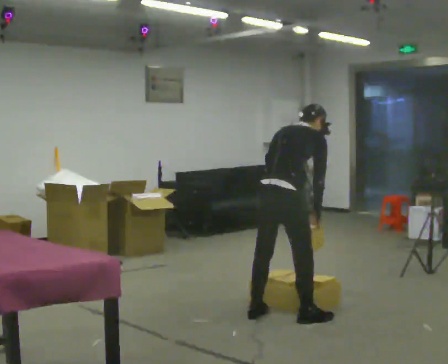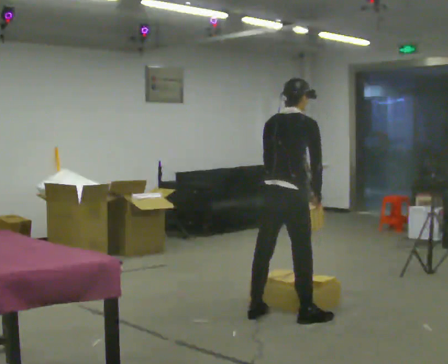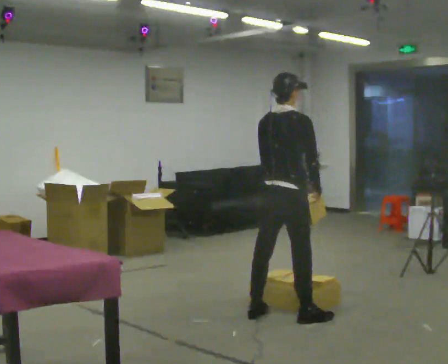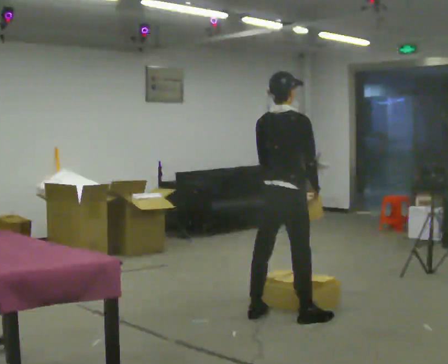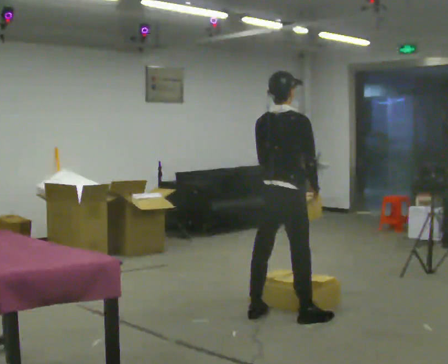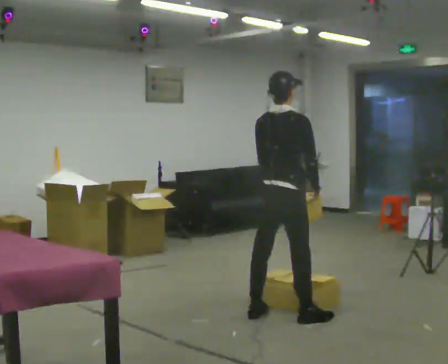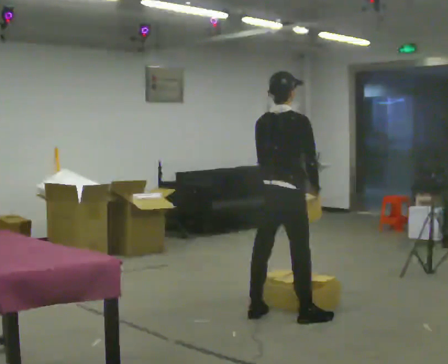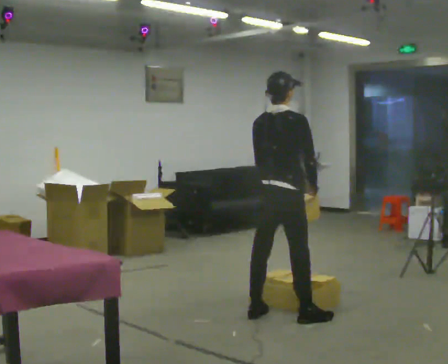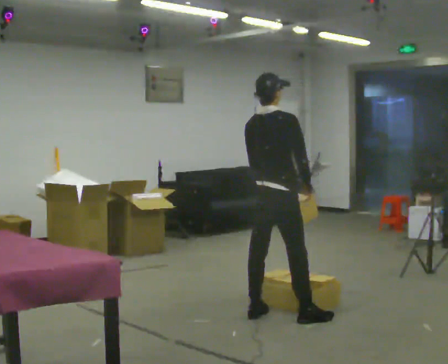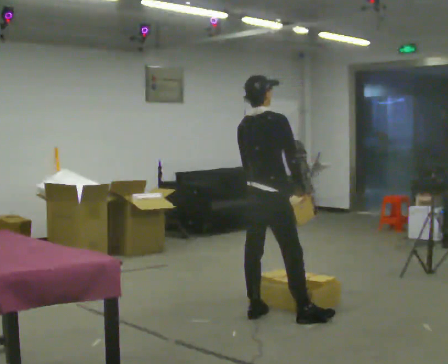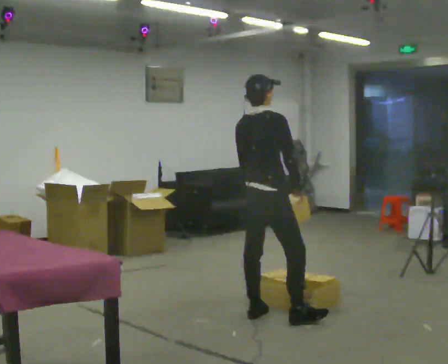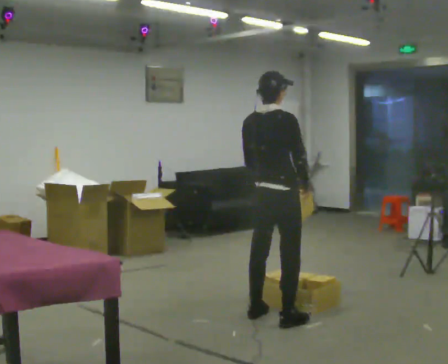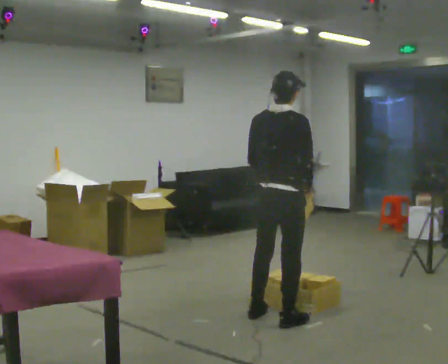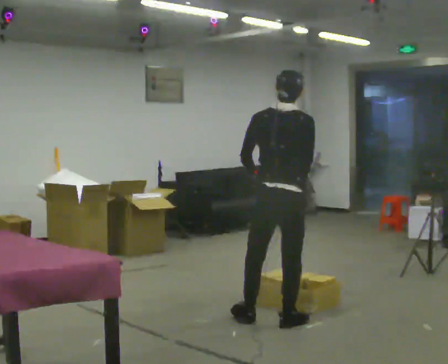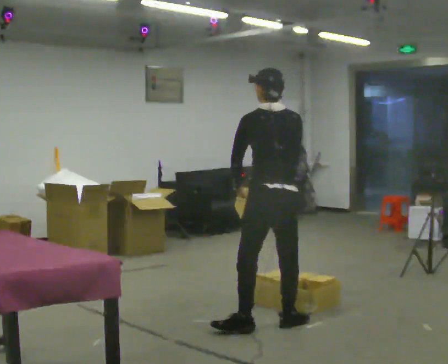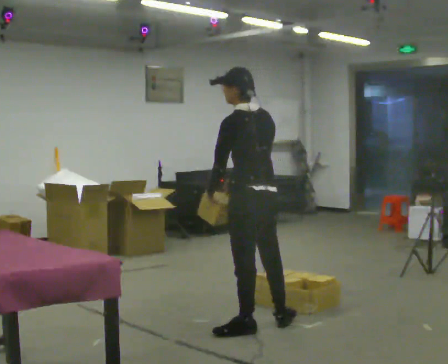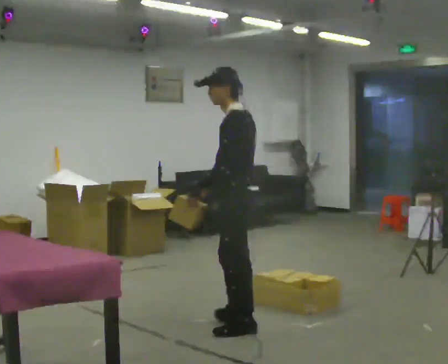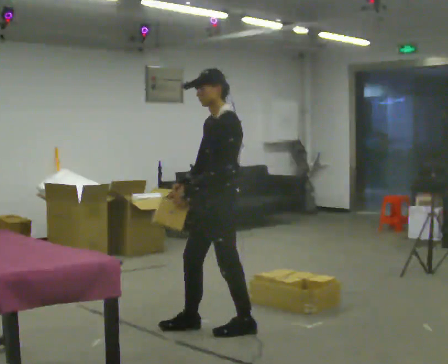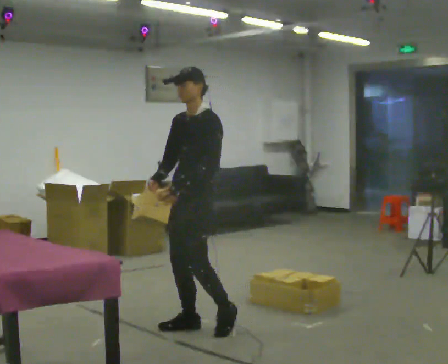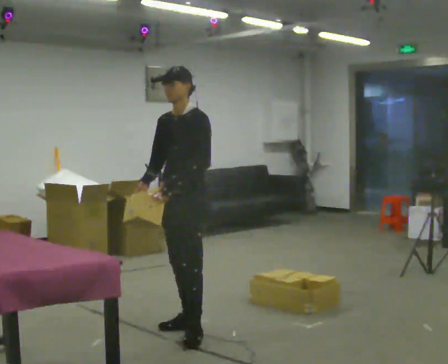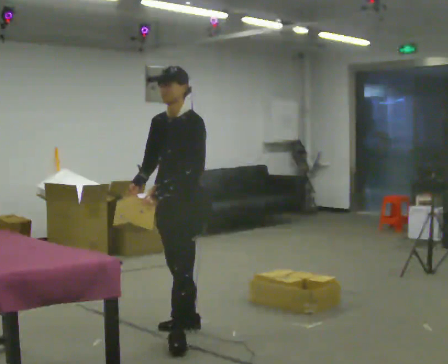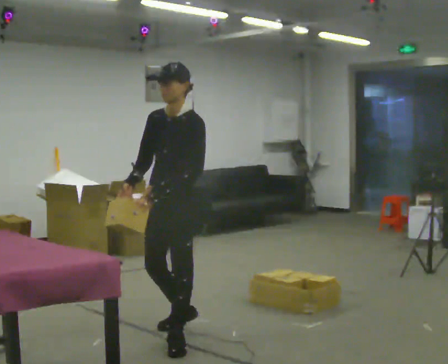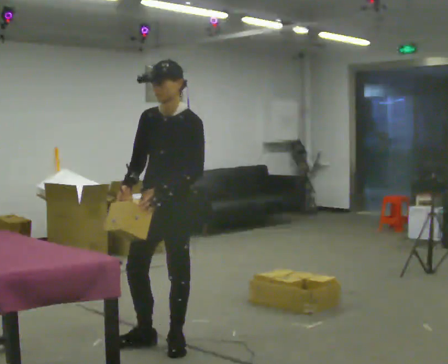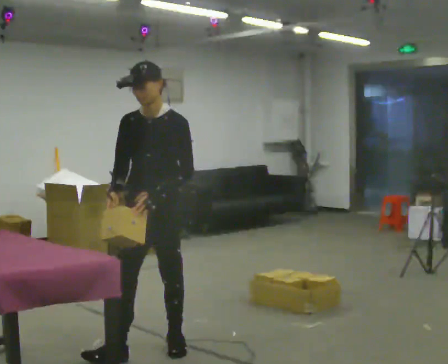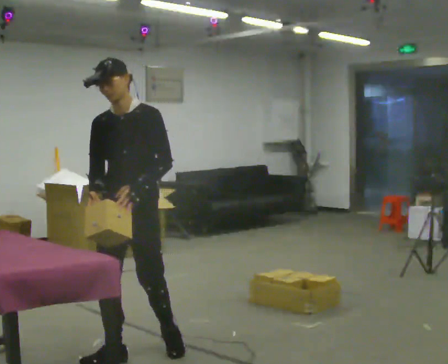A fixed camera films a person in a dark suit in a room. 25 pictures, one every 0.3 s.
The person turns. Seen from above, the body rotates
counterclockwise.
The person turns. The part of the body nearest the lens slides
to the right.
0.0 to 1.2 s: The upper body tips toward the camera, its near side rolling downward, as they lean back or straighten.
1.2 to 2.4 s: The person moves a little, or ends about where they began.
2.4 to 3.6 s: In the picture they go toward the camera, about 0.25 m in 1 step, which for them is to their right.
3.6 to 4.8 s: Seen from above the body turns counterclockwise, about 105 degrees: to their left, with its near side sliding to the right. In the picture they go to the left and toward the camera, about 0.25 m in 1 step.
4.8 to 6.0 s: The part of the body nearest the lens slides to the right as the person turns to their left by about 60 degrees. In the picture they go to the left, about 0.5 m in 2 steps.
6.0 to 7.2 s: In the picture they go toward the camera and to the left, about 0.5 m in 1 step, which for them is forward.
The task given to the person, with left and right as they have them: Reach down into the deep bin on the floor, take out one object at a time, carry it to the shelf, and come back for the next one. Keep going until the operator says stop; one object at a time, and do not rush between trips.
The film runs forward here.
